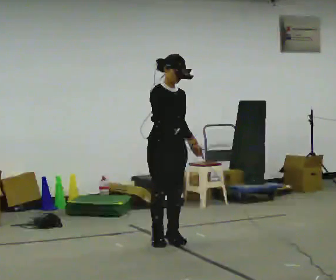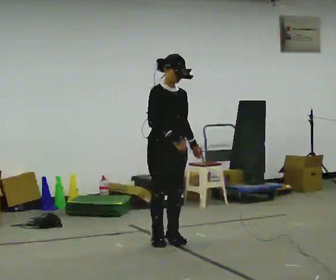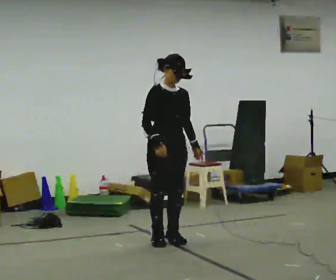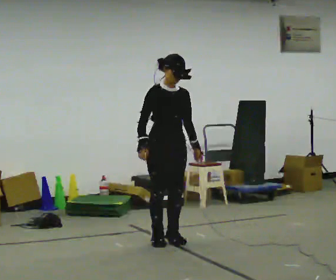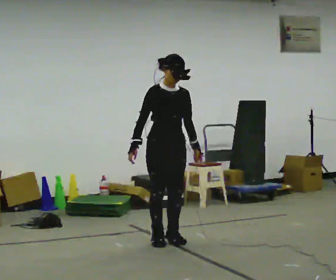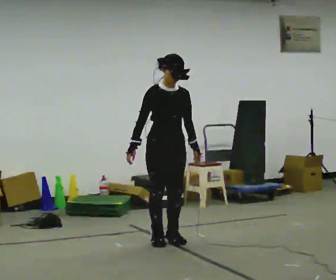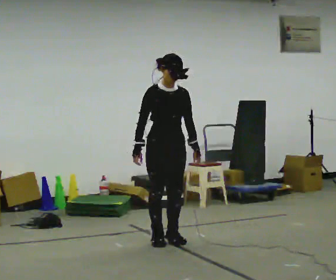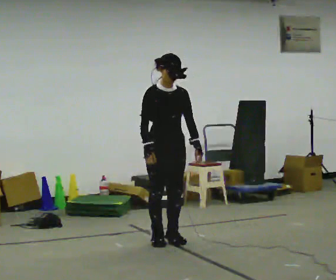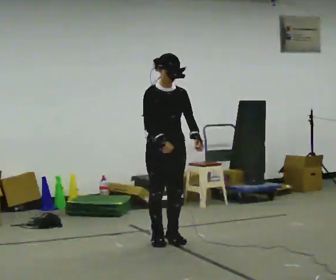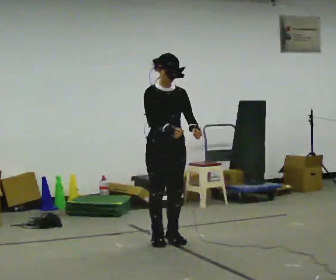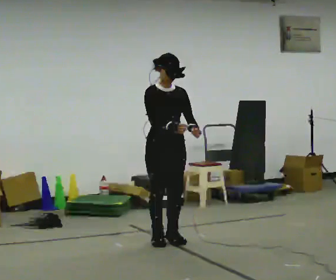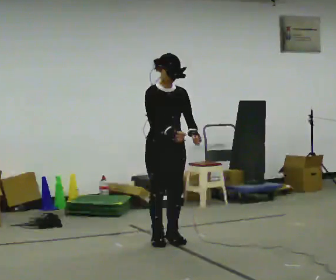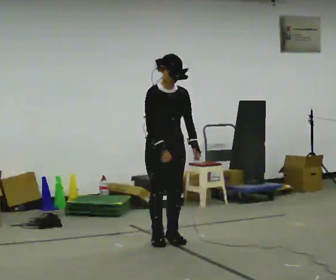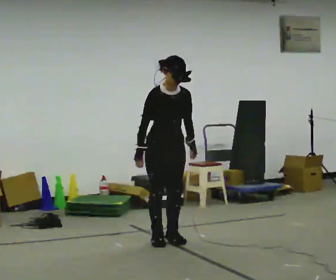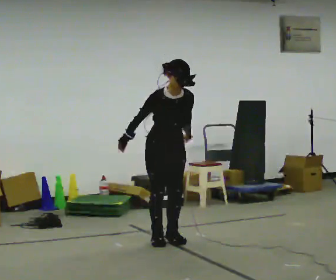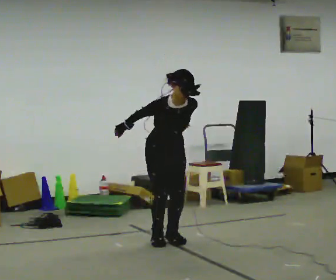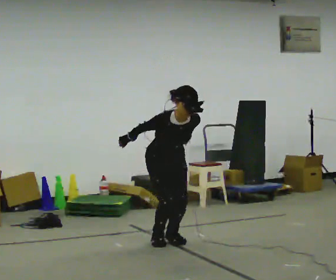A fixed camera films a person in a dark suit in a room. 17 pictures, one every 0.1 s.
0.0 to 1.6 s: The shoulders move downward. The upper body tips toward the camera, its near side rolling downward, as they bend forward. In the picture their right hand goes to the left.
The film runs forward here.
